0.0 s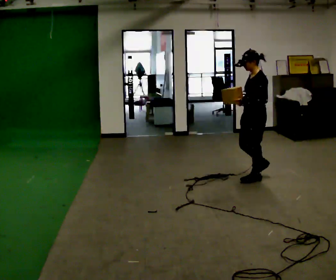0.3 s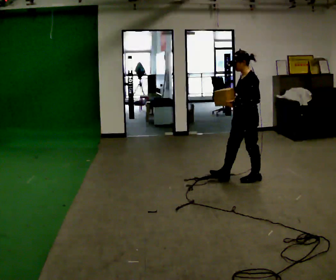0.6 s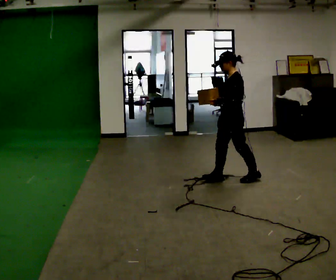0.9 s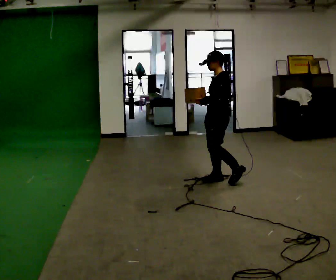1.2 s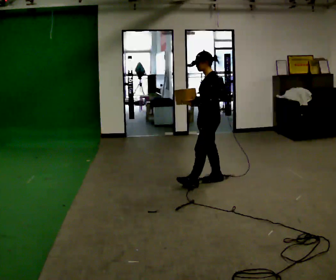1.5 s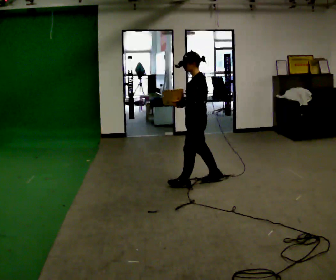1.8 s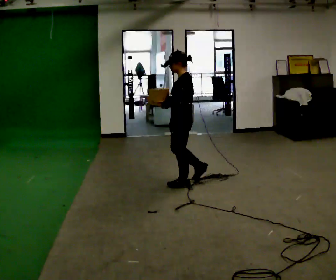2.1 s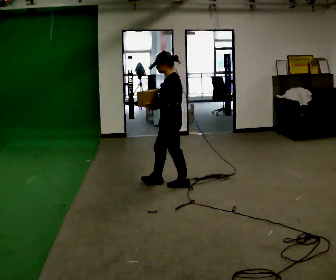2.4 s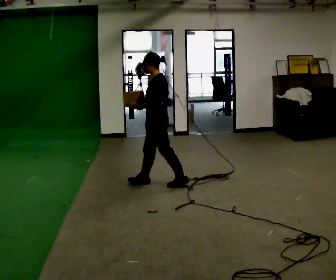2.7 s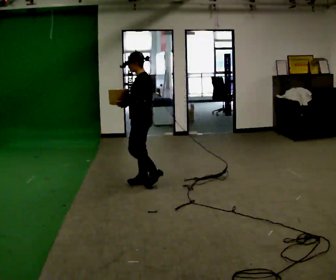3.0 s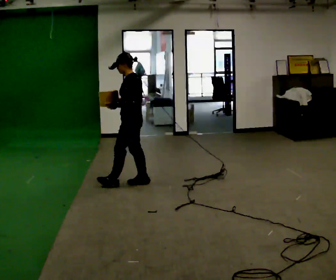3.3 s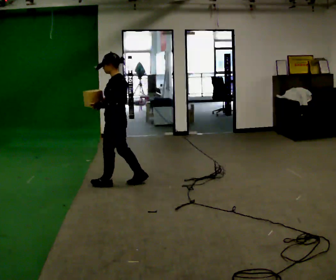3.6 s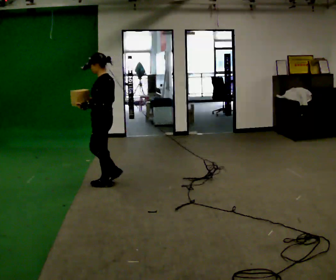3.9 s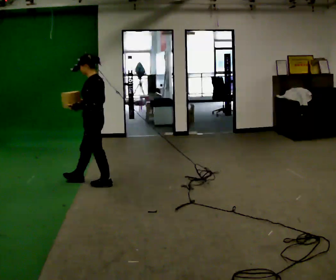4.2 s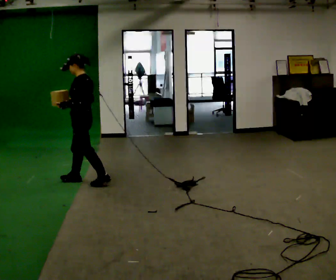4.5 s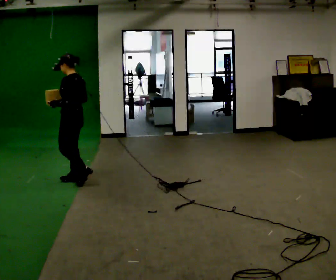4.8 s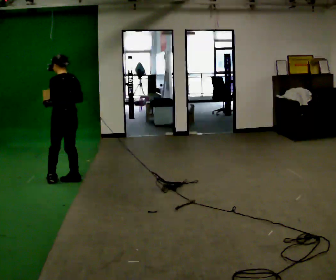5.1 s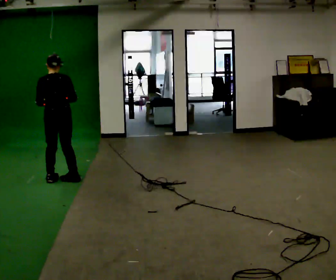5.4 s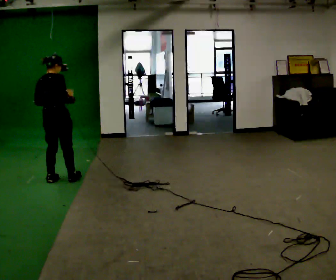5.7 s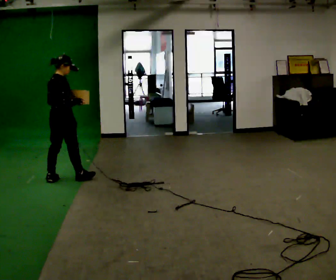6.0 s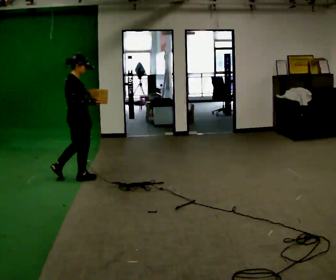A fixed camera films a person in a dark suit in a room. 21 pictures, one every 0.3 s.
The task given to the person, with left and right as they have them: Carry the light box in both hands in front of you, walking back and forth across the room. Keep walking until the operator says stop.
0.0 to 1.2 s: In the picture they go to the left, about 0.5 m in 1 step, which for them is forward.
1.2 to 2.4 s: In the picture they go to the left, about 0.5 m in 2 steps, which for them is forward.
2.4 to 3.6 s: In the picture they go to the left, about 0.5 m in 1 step, which for them is forward.
3.6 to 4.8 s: The person turns about 30 degrees to their right, clockwise seen from above, so the part of the body nearest the lens slides to the left. In the picture they go to the left and away from the camera, about 0.5 m in 1 step, which for them is forward.
4.8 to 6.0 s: Seen from above the body turns clockwise, about 120 degrees: to their right, with its near side sliding to the left. In the picture their left hand goes to the right.
The film runs forward here.
